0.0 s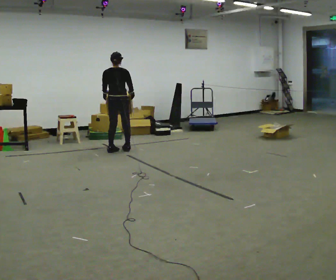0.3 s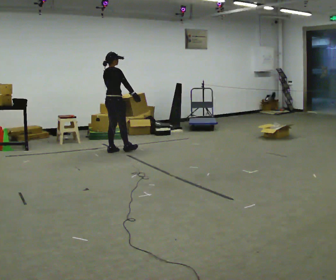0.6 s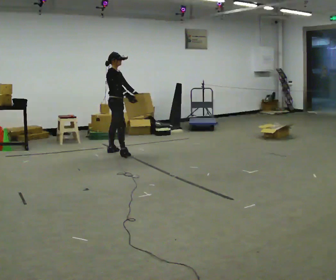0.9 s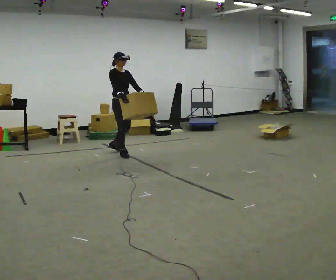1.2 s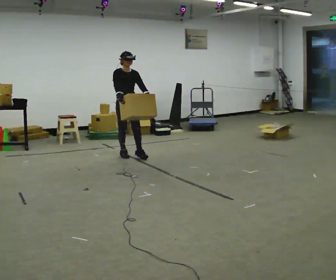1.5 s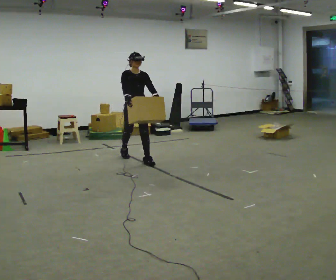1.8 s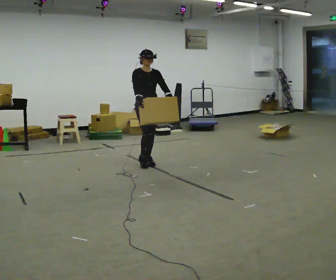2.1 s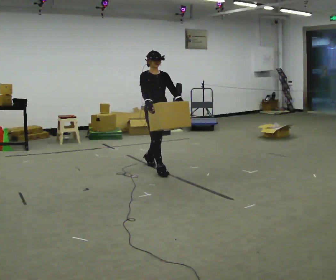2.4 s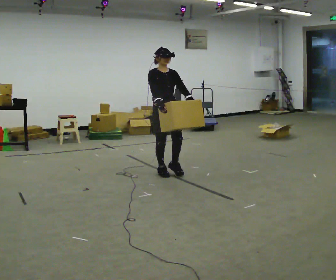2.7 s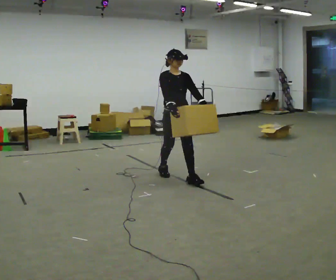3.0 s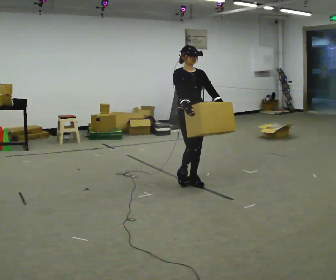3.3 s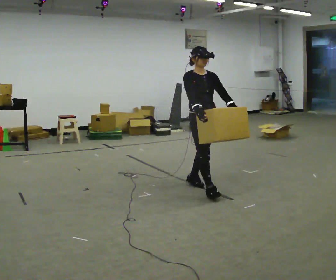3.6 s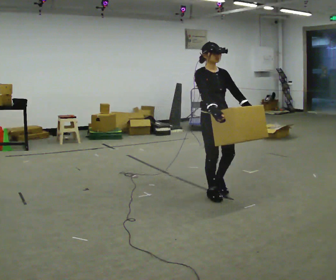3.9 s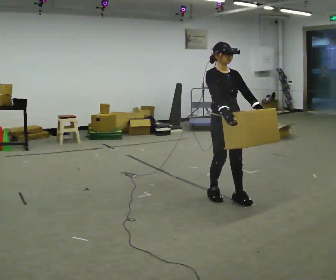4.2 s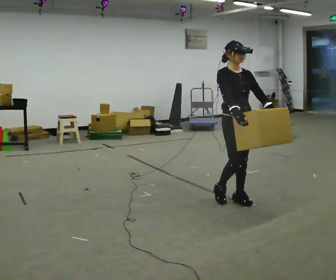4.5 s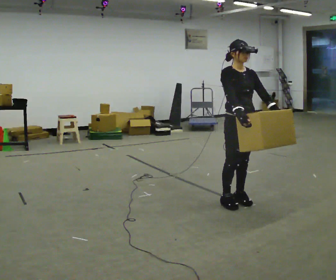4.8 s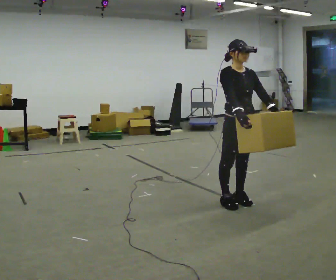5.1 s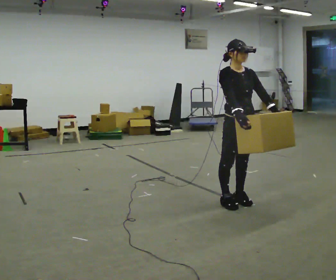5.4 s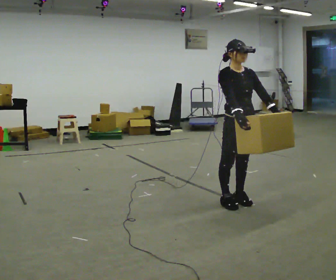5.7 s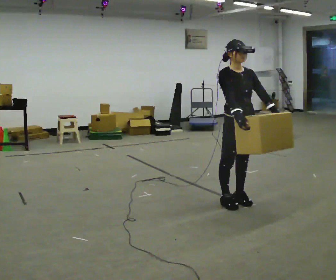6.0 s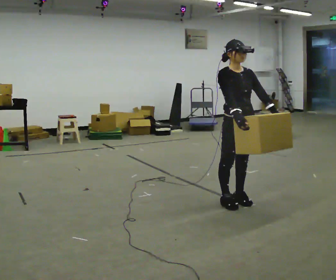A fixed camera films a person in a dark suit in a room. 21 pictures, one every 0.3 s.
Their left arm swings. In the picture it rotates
counterclockwise.
0.0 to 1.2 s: Seen from above the body turns clockwise, about 135 degrees: to their right, with its near side sliding to the left. In the picture they go toward the camera and to the right, about 0.5 m in 1 step.
1.2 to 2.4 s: In the picture they go toward the camera and to the right, about 1 m in 2 steps, which for them is forward.
2.4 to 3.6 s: In the picture they go toward the camera and to the right, about 1 m in 2 steps, which for them is forward.
3.6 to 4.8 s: In the picture they go to the right and toward the camera, about 0.25 m in 2 steps, which for them is forward.
4.8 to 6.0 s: The person keeps their place and pose.
The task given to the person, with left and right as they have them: Carry the medium box in both hands in front of you, walking back and forth across the room. Keep walking until the operator says stop.
The film runs forward here.
